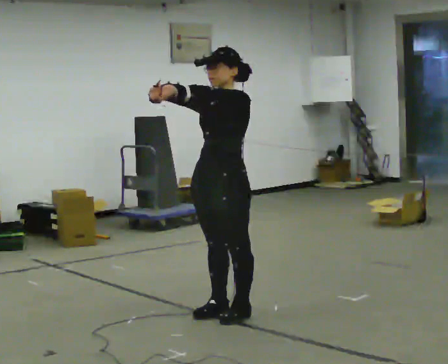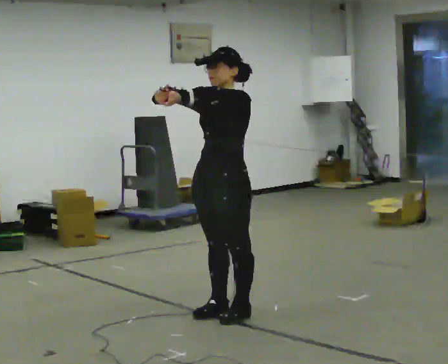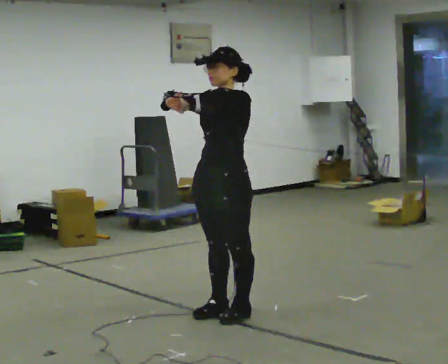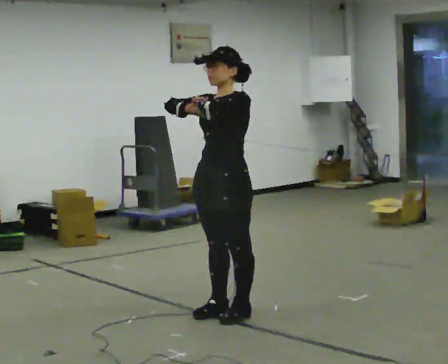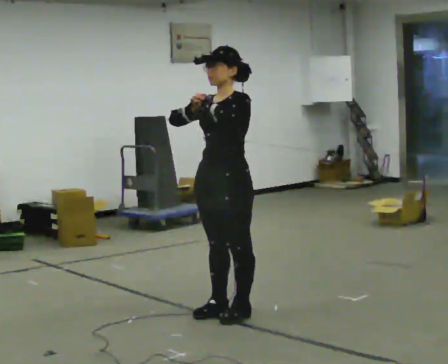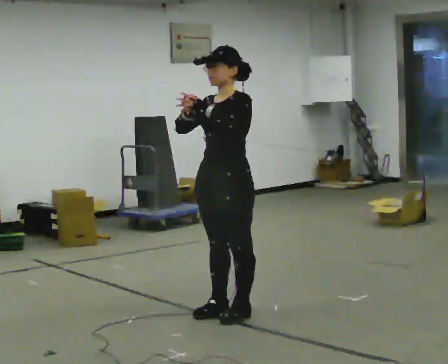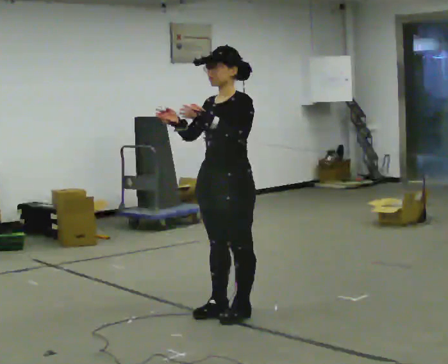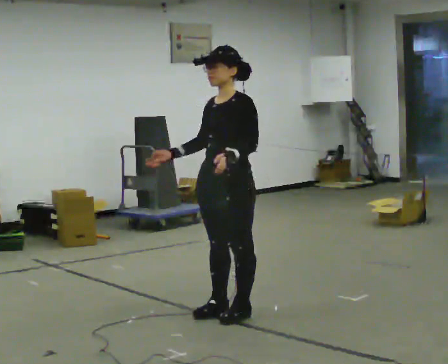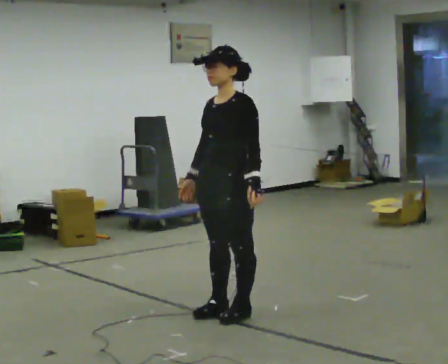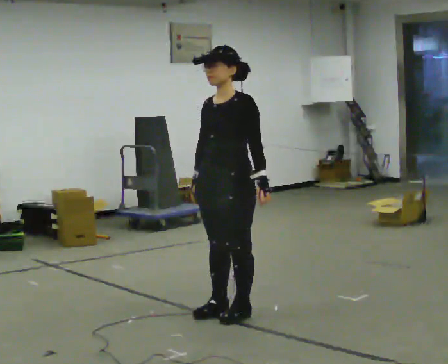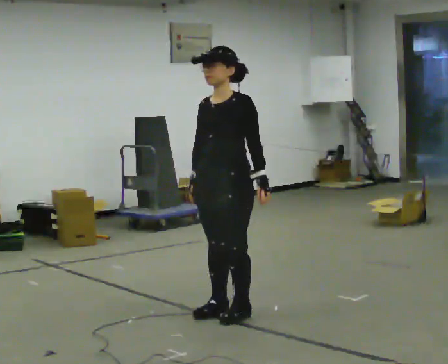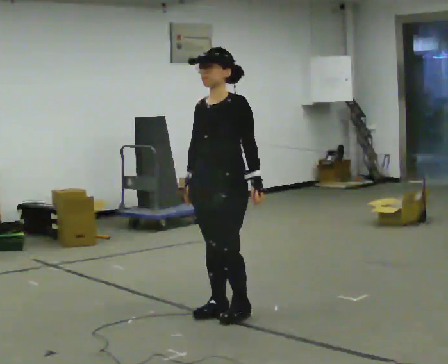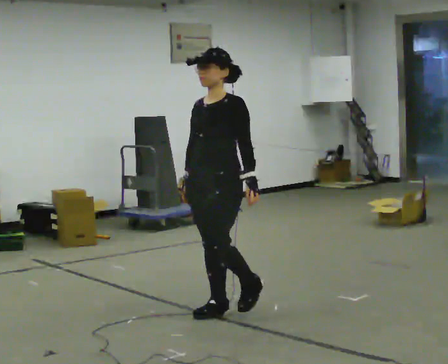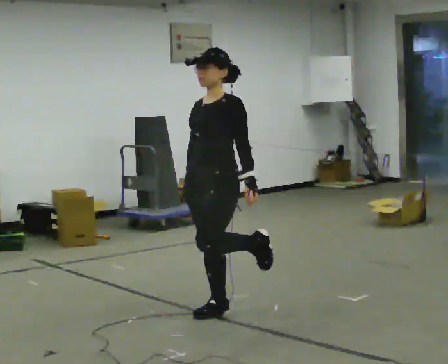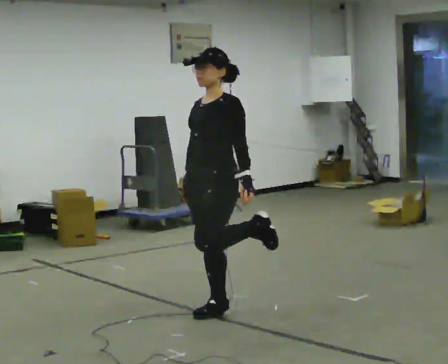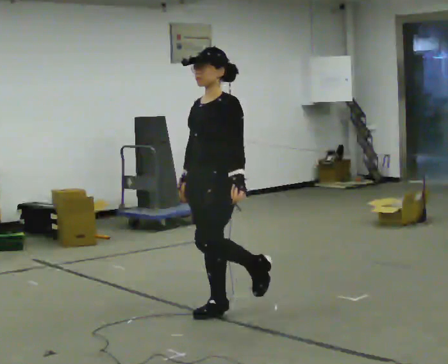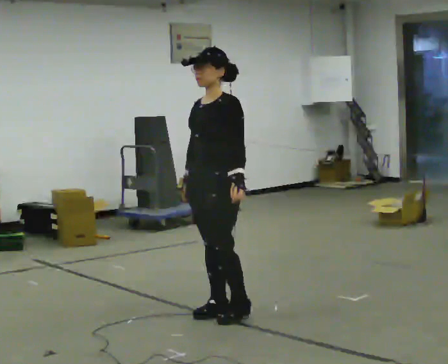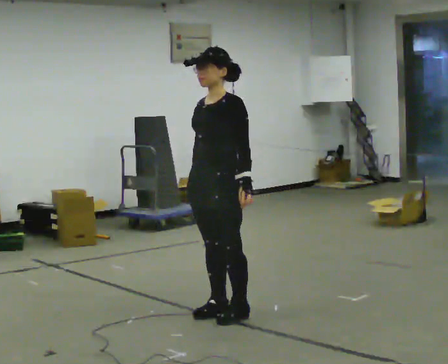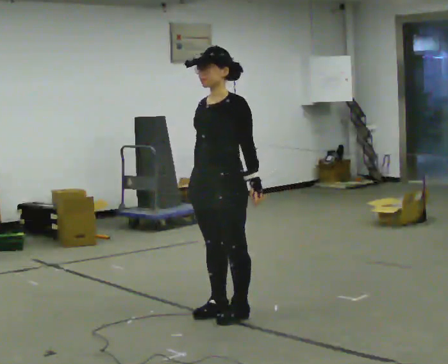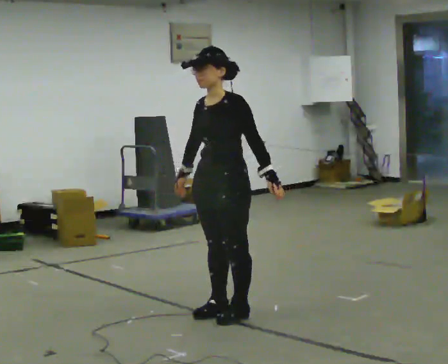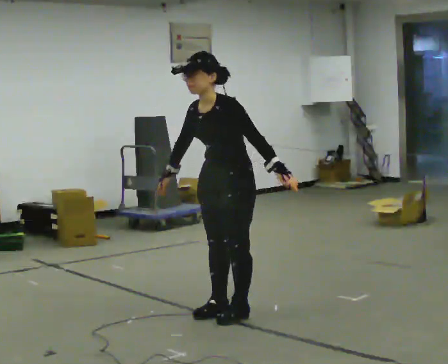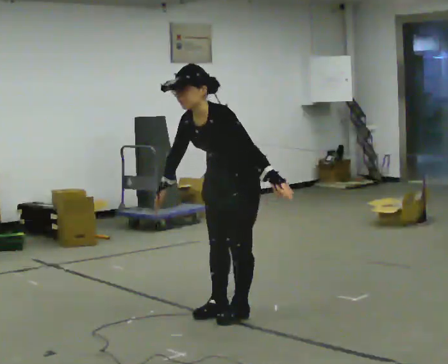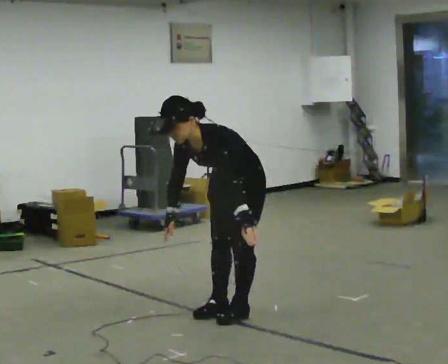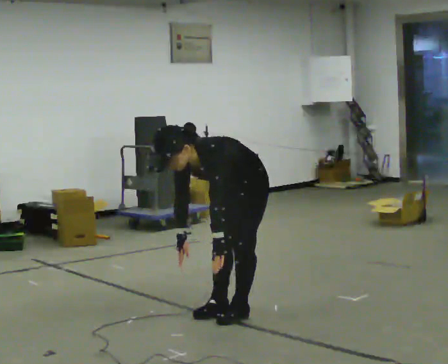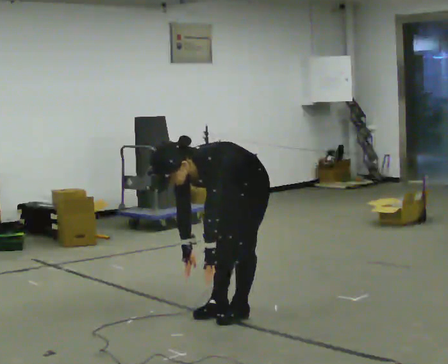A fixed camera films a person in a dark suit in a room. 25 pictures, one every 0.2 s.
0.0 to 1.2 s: The person moves a little, or ends about where they began.
1.2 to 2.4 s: In the picture their left hand goes downward.
2.4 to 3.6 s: The person moves a little, or ends about where they began.
3.6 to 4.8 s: The shoulders move downward. In the picture the upper body tilts counterclockwise, shoulders to the left, as they bend forward. In the picture their right hand goes downward.
The film runs backward here.
